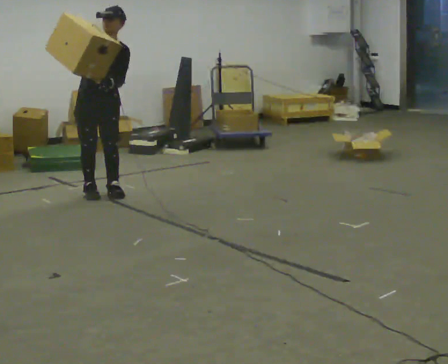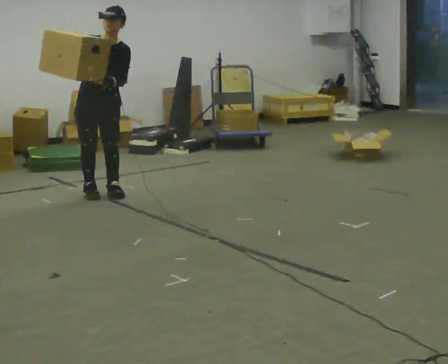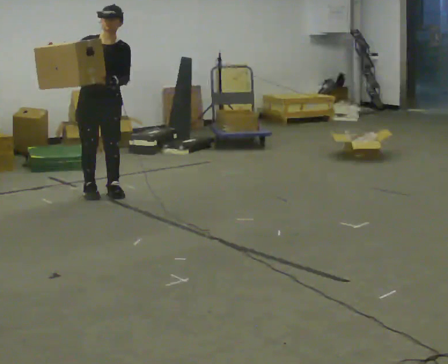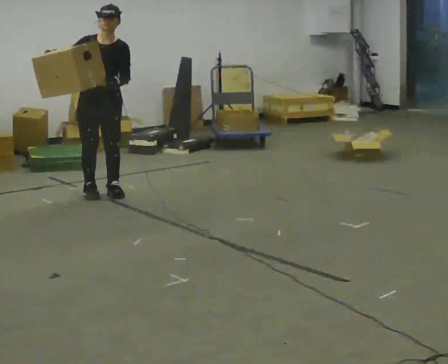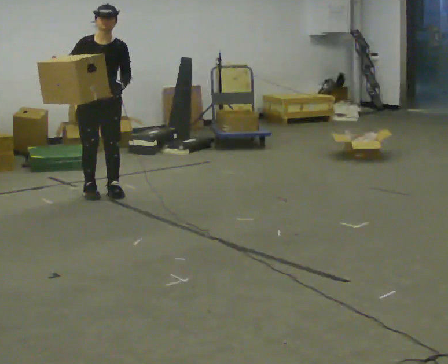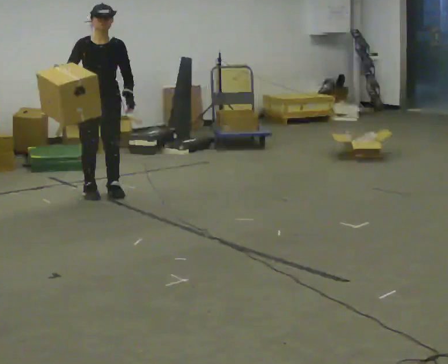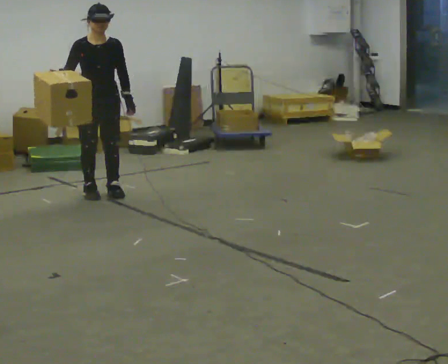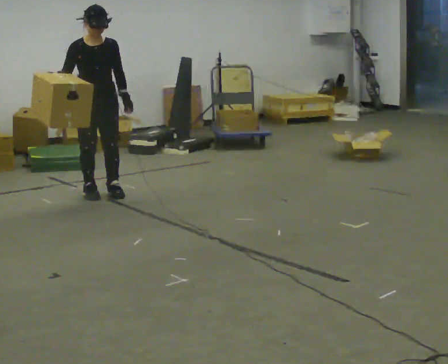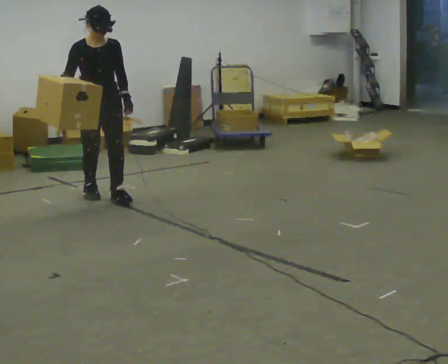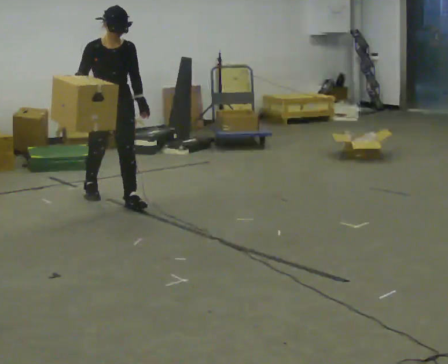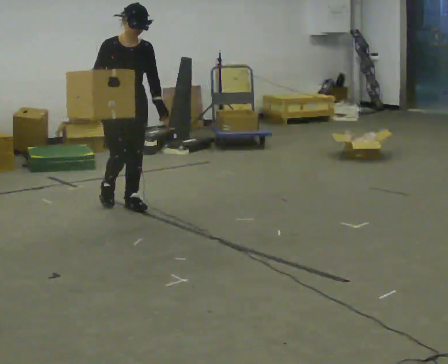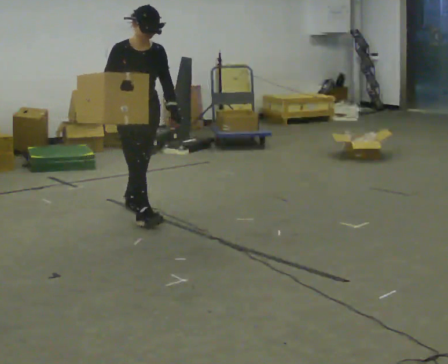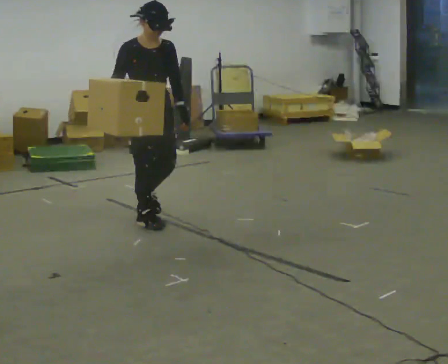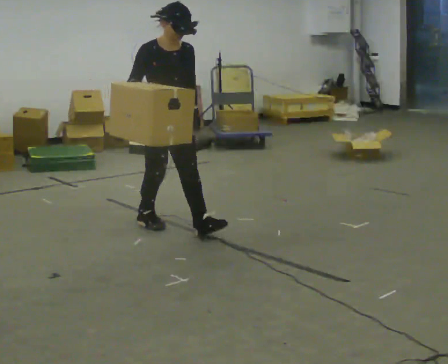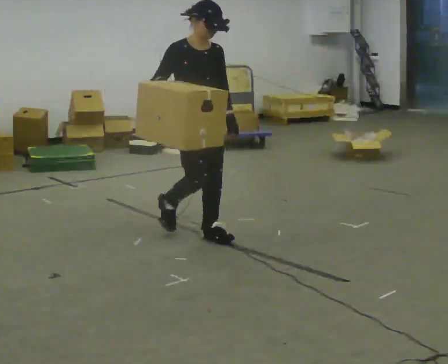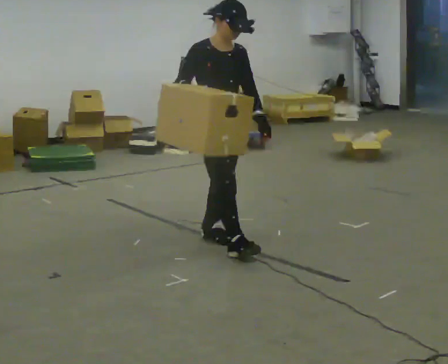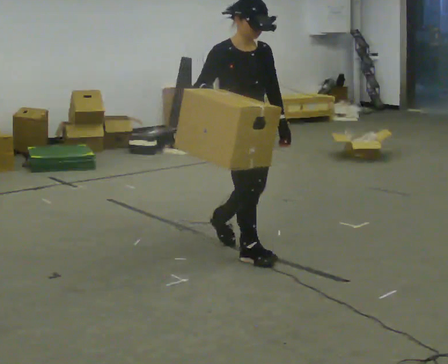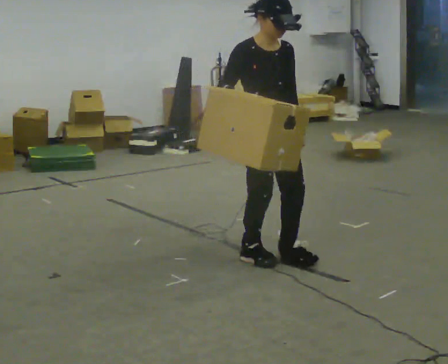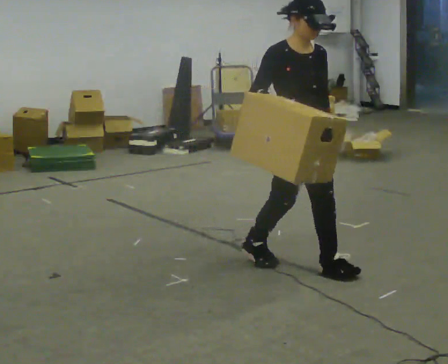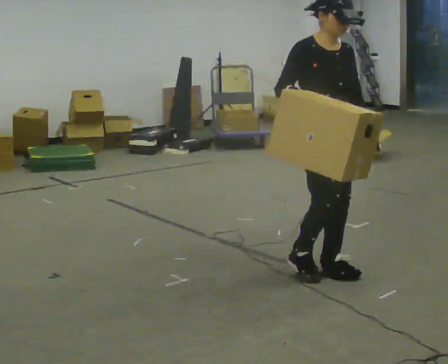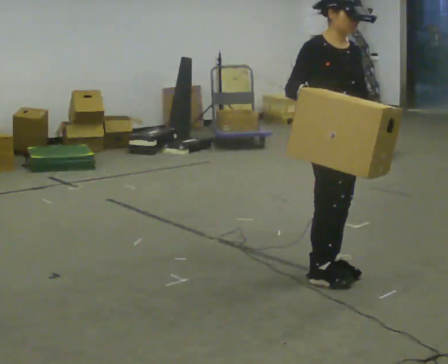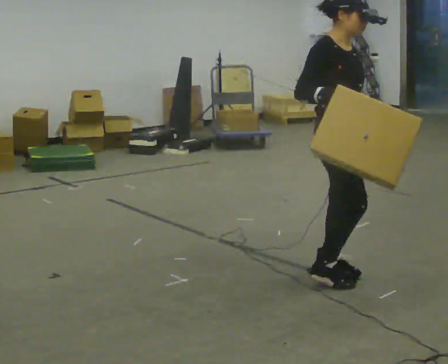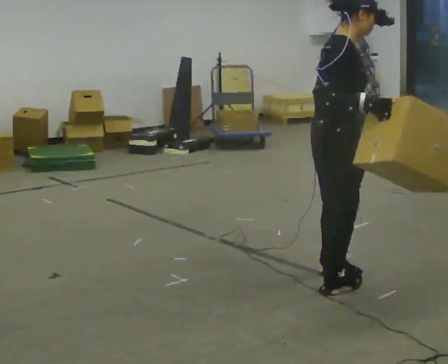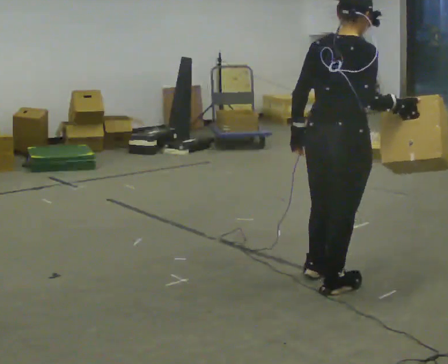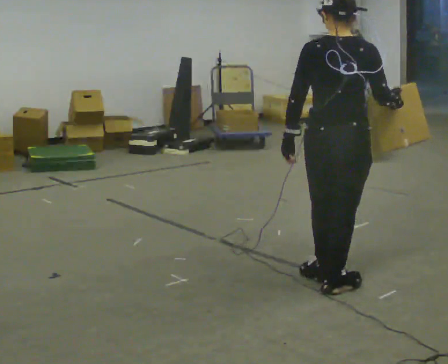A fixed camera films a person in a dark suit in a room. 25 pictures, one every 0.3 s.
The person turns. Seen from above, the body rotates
counterclockwise.
The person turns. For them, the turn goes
to their left.
0.0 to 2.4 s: In the picture the upper body tilts counterclockwise, shoulders to the left.
2.4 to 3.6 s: In the picture they go toward the camera and to the right, about 1 m in 2 steps, which for them is forward.
3.6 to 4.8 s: In the picture they go toward the camera and to the right, about 1 m in 2 steps, which for them is forward.
4.8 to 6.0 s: In the picture they go toward the camera and to the right, about 0.5 m in 2 steps, which for them is forward.
6.0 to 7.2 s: The person turns about 135 degrees to their left, counterclockwise seen from above, so the part of the body nearest the lens slides to the right. In the picture they go toward the camera, about 0.25 m in 1 step. In the picture their left hand goes to the left, the arm swinging clockwise.
The film runs forward here.
